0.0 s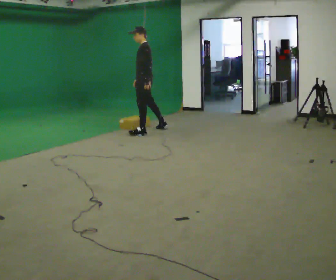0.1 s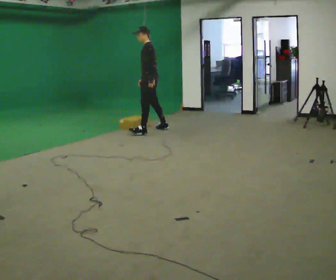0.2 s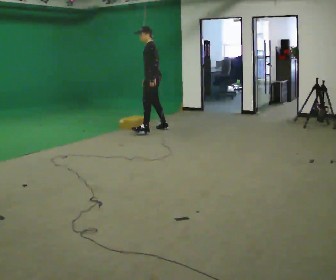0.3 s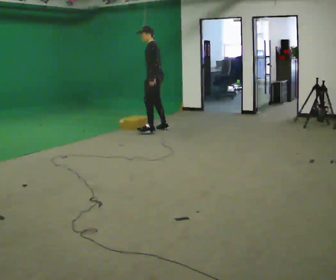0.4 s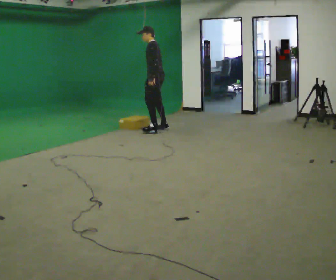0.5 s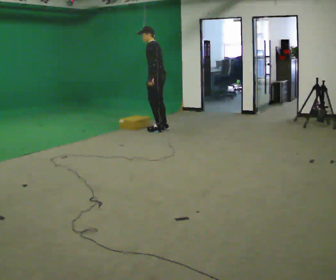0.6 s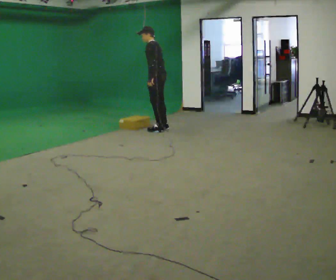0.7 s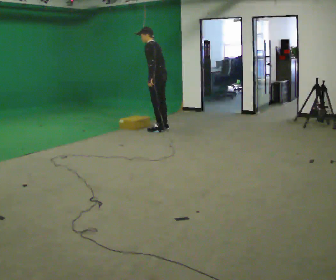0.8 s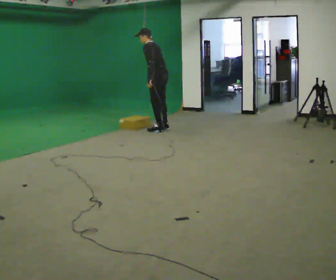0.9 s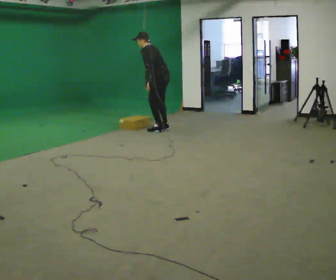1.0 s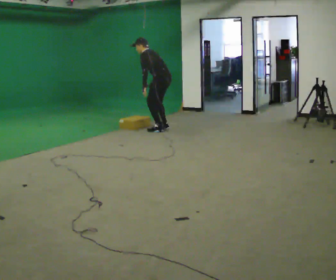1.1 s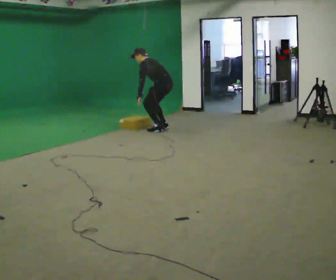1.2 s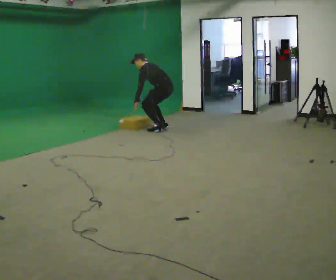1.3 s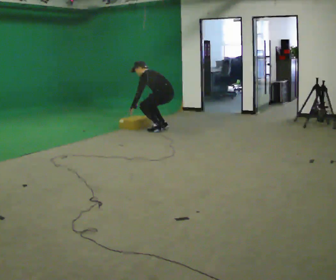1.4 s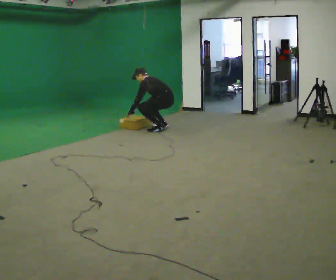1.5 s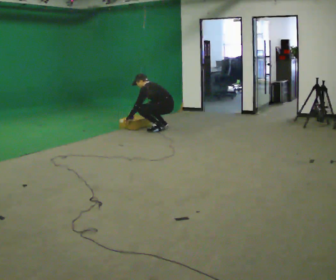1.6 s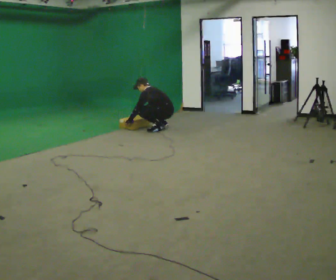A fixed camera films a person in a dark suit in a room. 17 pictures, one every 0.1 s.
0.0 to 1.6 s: The person turns about 30 degrees to their right, clockwise seen from above, so the part of the body nearest the lens slides to the left. In the picture they go to the right, about 0.25 m in 1 step, which for them is backward and to their right. The upper body goes downward. In the picture the upper body tilts counterclockwise, shoulders to the left, as they bend forward. In the picture their left hand goes downward, the arm swinging clockwise.
The film runs backward here.
